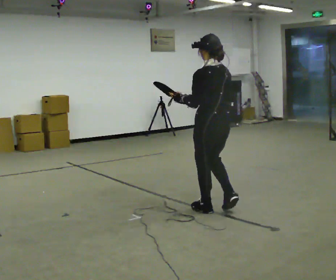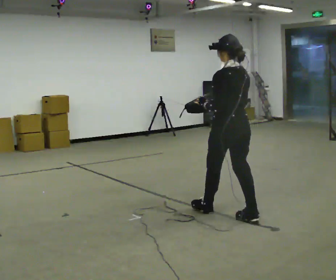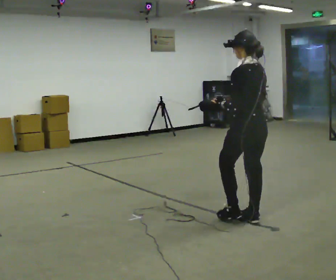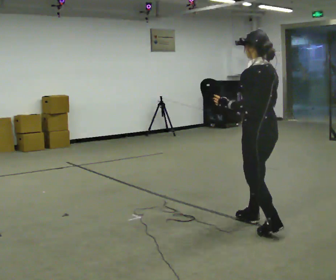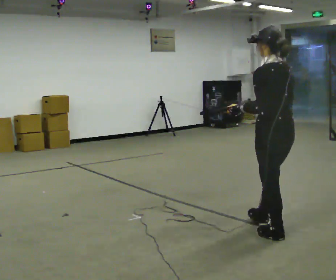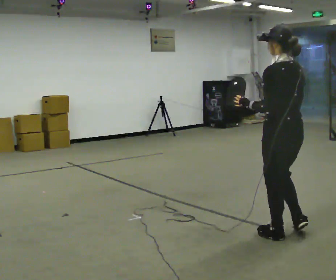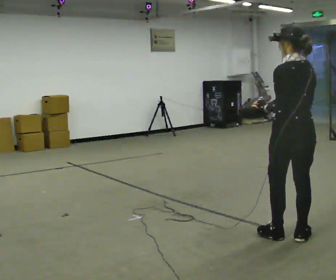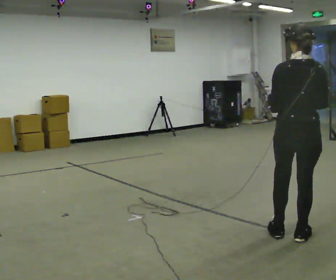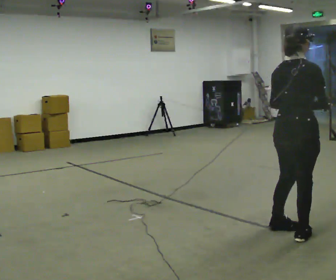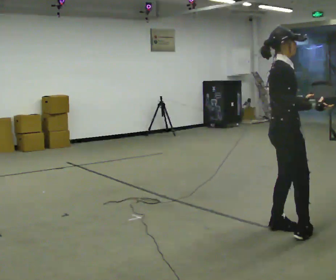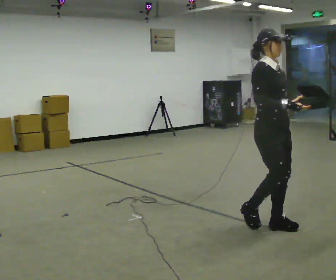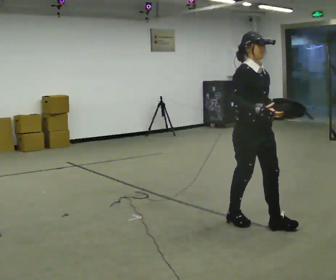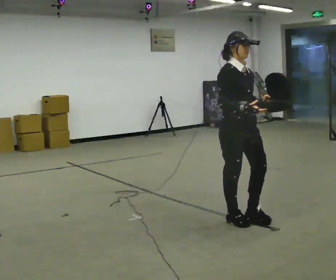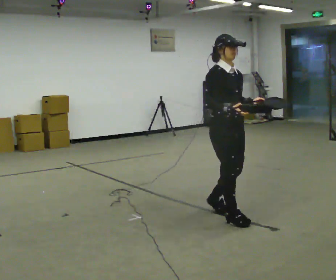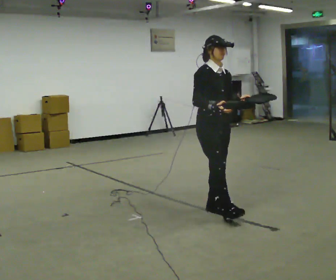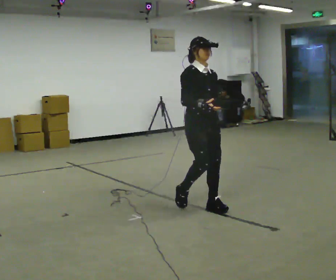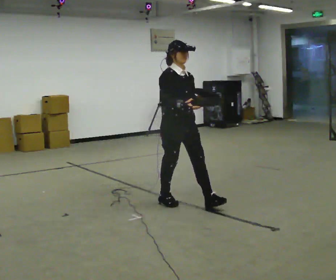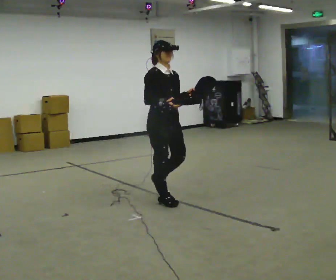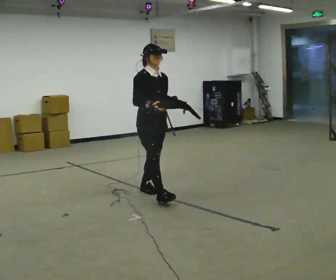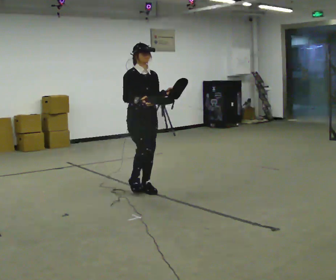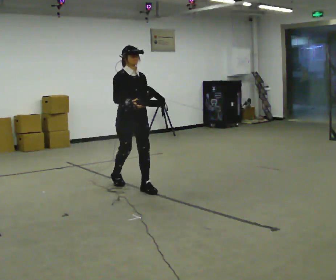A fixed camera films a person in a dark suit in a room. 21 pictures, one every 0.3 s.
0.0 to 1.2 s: In the picture they go to the right and toward the camera, about 1 m in 2 steps, which for them is backward.
1.2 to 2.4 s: The part of the body nearest the lens slides to the left as the person turns to their right by about 90 degrees. In the picture their right hand goes to the right.
2.4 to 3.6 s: The person turns about 90 degrees to their right, clockwise seen from above, so the part of the body nearest the lens slides to the left. In the picture they go to the left and away from the camera, about 0.5 m in 2 steps.
3.6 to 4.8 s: In the picture they go to the left and away from the camera, about 0.5 m in 2 steps, which for them is backward.
4.8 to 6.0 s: In the picture they go to the left and away from the camera, about 1 m in 1 step, which for them is backward.
The film runs backward here.
